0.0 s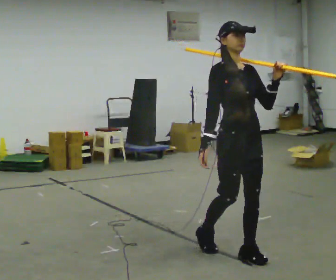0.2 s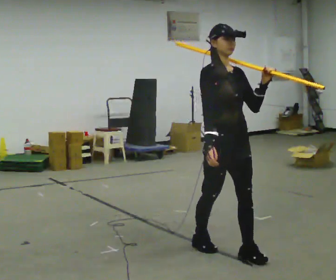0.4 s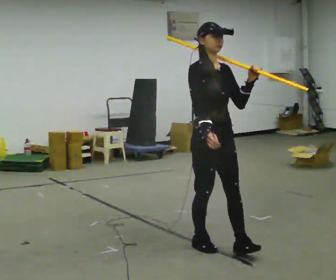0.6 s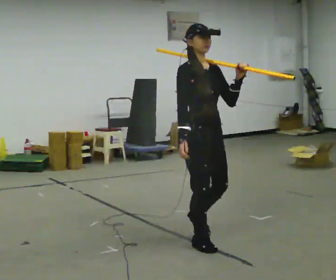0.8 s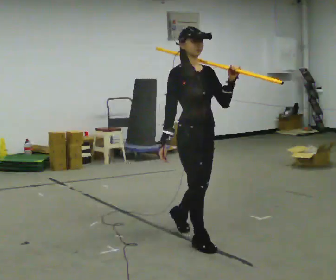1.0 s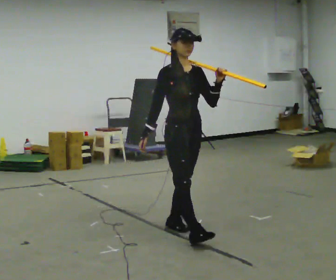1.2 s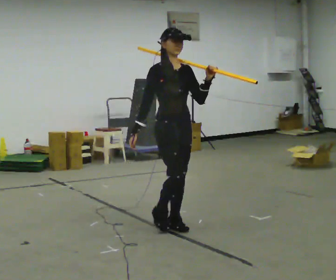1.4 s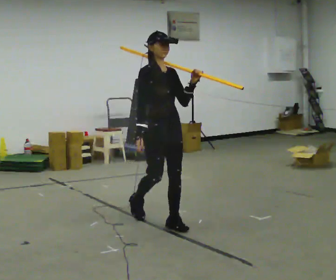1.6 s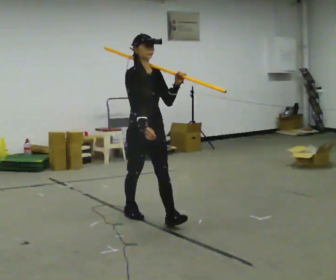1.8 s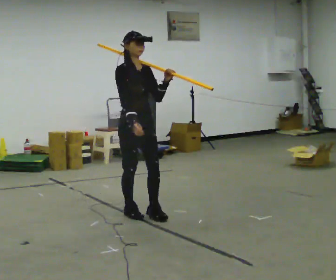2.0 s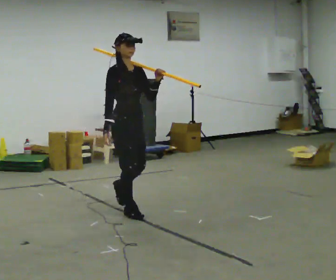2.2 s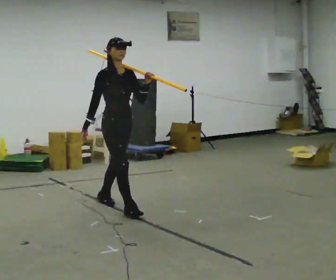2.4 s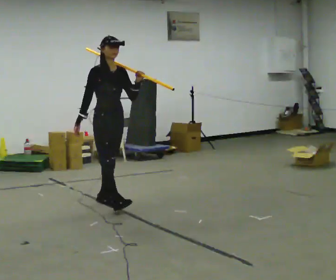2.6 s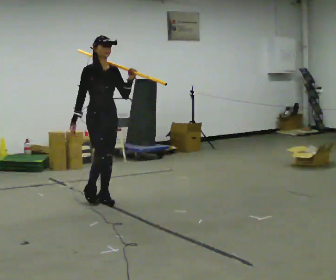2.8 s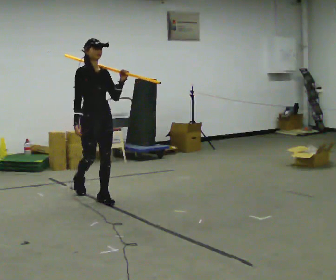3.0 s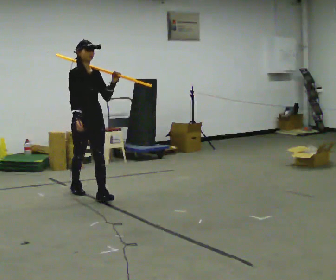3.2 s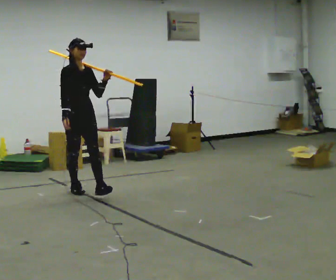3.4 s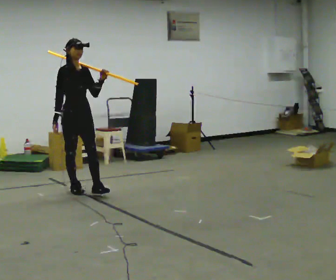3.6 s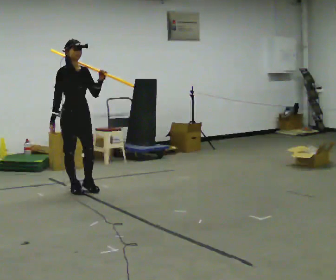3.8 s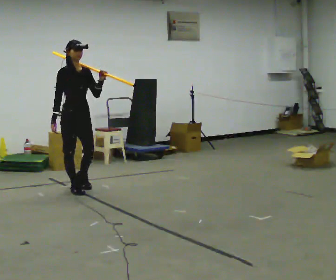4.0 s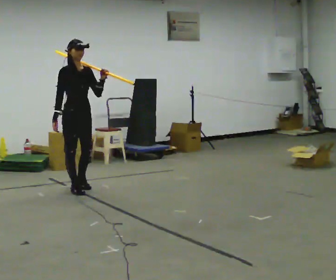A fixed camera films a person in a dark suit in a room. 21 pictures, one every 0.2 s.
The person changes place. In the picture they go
away from the camera.
0.0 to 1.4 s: In the picture they go away from the camera and to the left, about 1 m in 2 steps, which for them is backward.
1.4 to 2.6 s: In the picture they go away from the camera and to the left, about 1 m in 2 steps, which for them is backward.
2.6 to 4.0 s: In the picture they go away from the camera and to the left, about 0.5 m in 1 step, which for them is backward.
The film runs backward here.
